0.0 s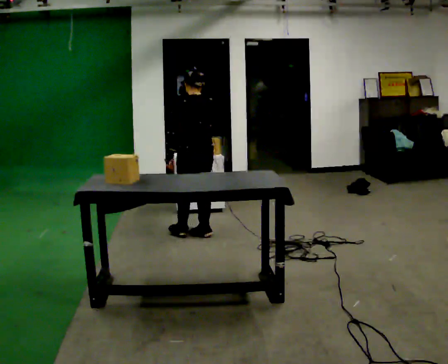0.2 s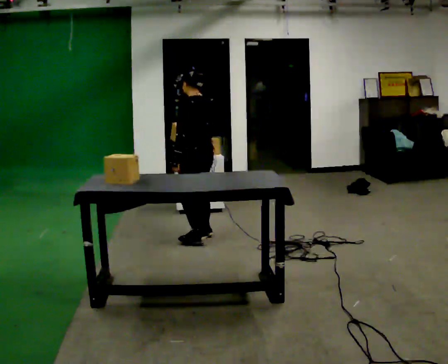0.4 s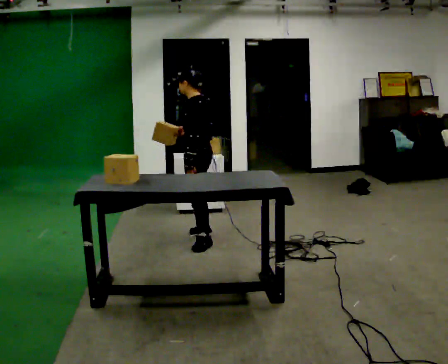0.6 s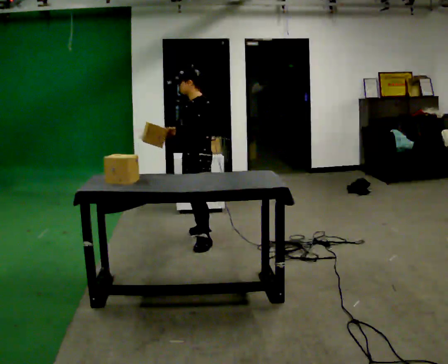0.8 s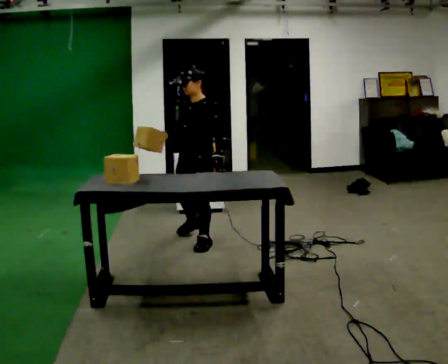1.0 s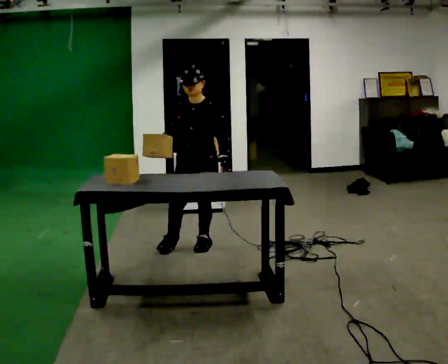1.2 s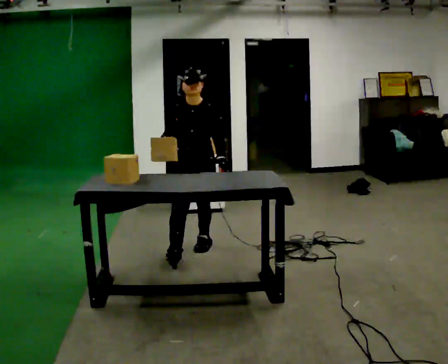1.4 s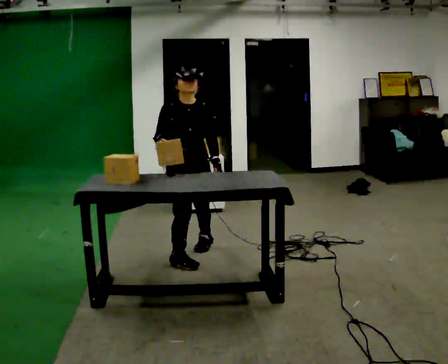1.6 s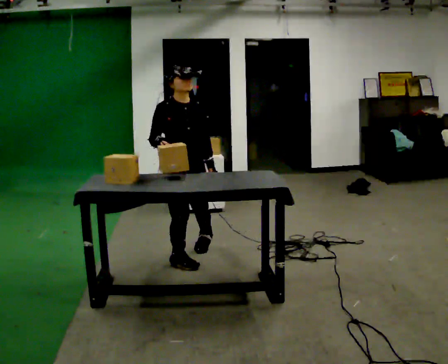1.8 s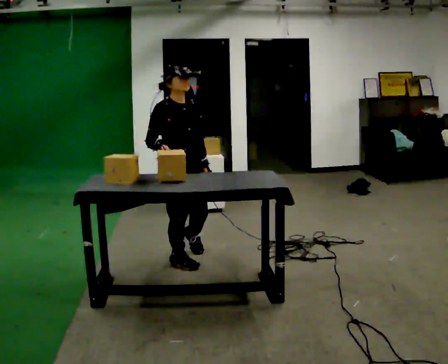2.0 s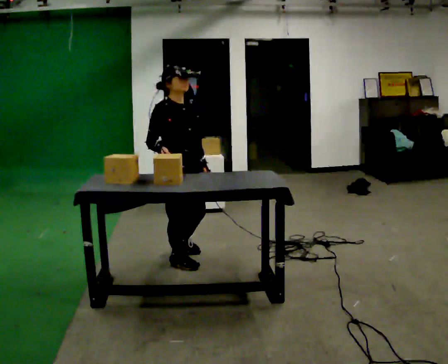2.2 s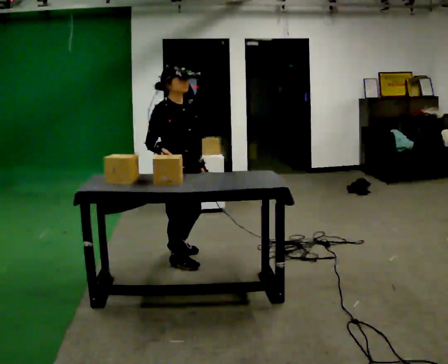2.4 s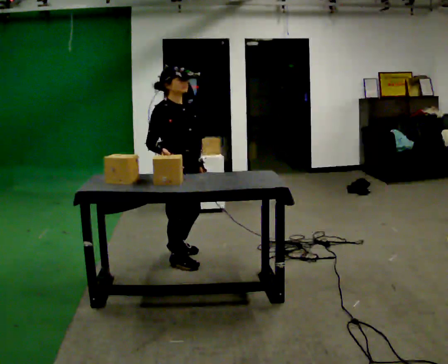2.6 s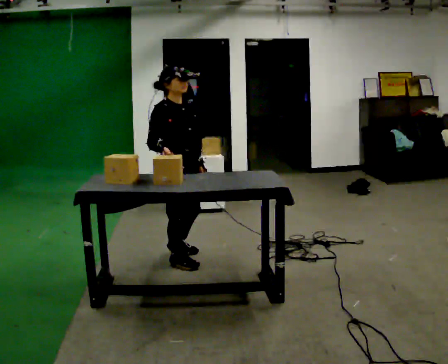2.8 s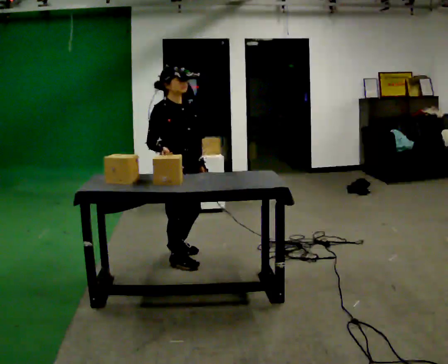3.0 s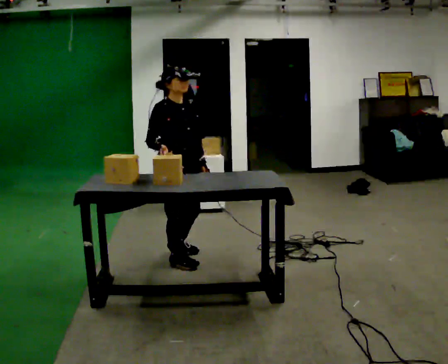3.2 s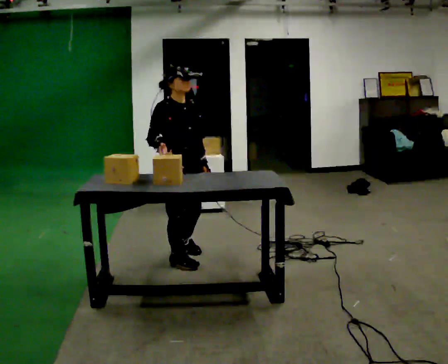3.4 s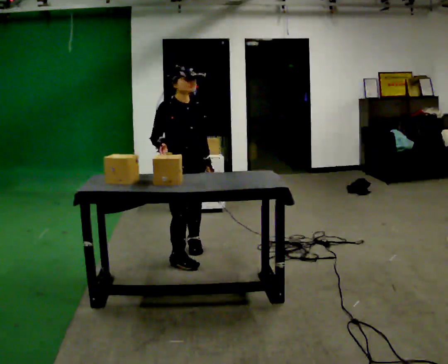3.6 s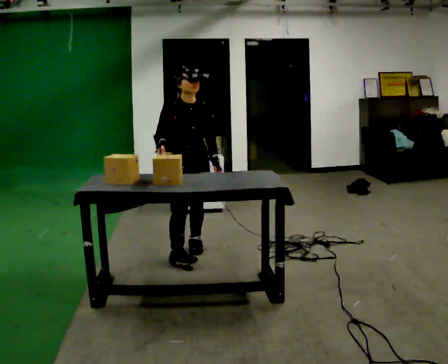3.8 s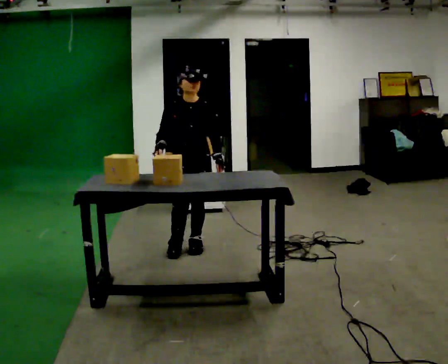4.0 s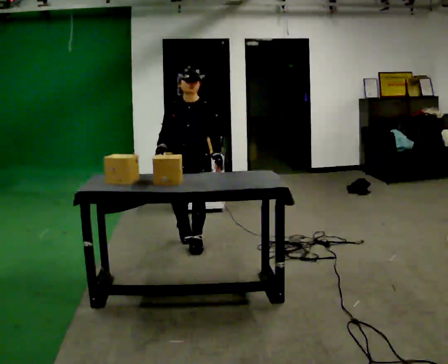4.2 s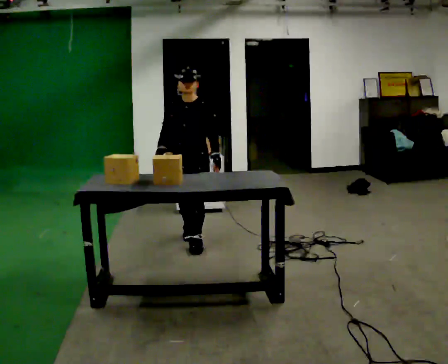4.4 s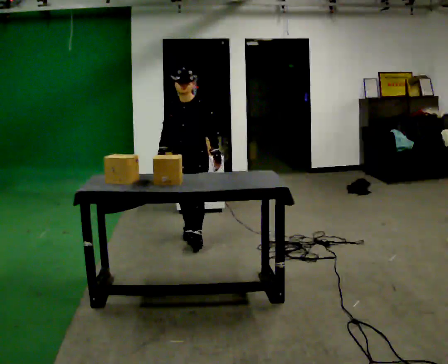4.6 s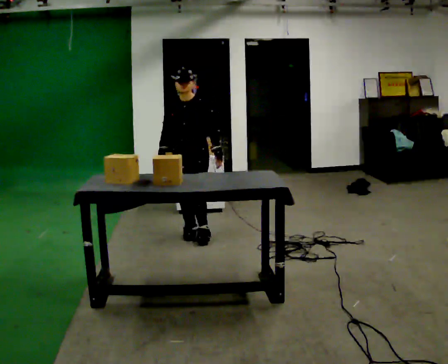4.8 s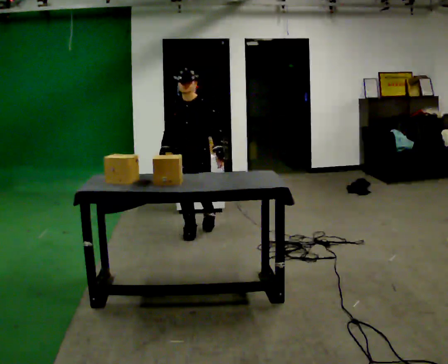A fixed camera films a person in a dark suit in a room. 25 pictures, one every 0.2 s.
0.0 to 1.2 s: The part of the body nearest the lens slides to the right as the person turns to their left by about 165 degrees. In the picture they go toward the camera, about 0.5 m in 1 step.
1.2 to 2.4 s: Seen from above the body turns counterclockwise, about 45 degrees: to their left, with its near side sliding to the right. In the picture they go toward the camera and to the left, about 0.25 m in 1 step, which for them is to their right and forward.
2.4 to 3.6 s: Seen from above the body turns clockwise, about 30 degrees: to their right, with its near side sliding to the left. In the picture they go away from the camera, about 0.25 m in 2 steps, which for them is to their left and backward.
3.6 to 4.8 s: The part of the body nearest the lens slides to the left as the person turns to their right by about 45 degrees. In the picture they go away from the camera, about 0.5 m in 1 step, which for them is backward.
The film runs backward here.
